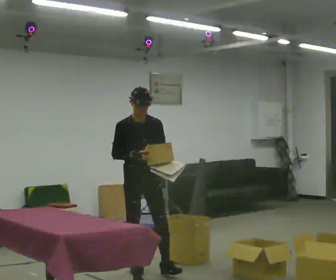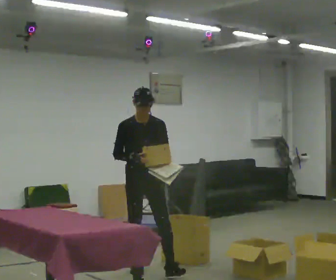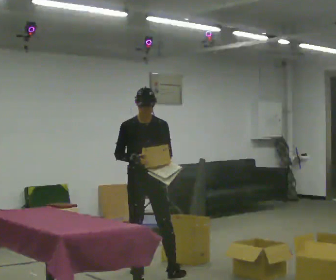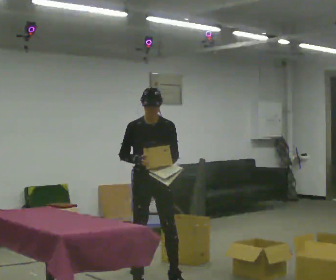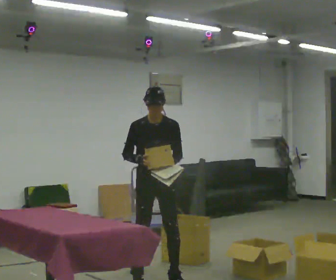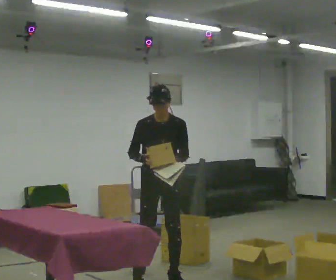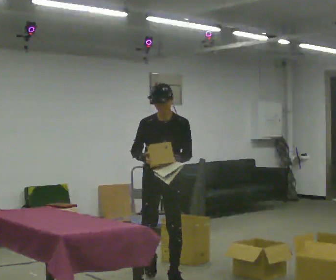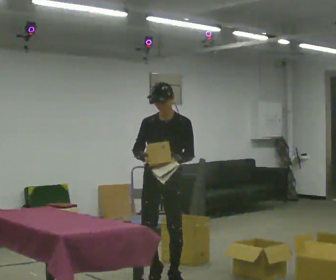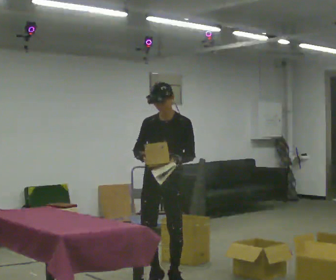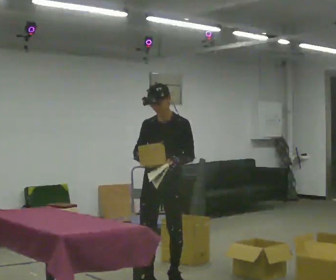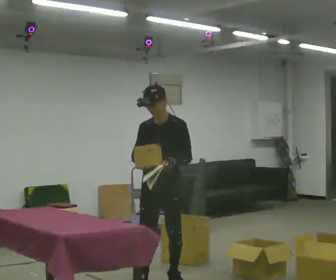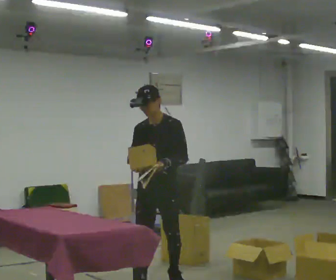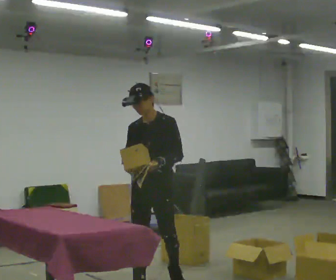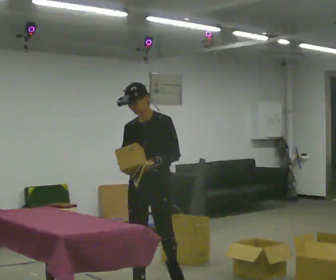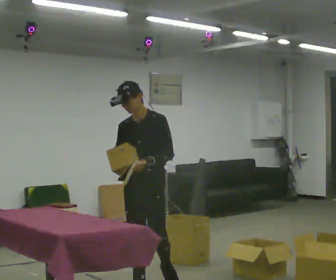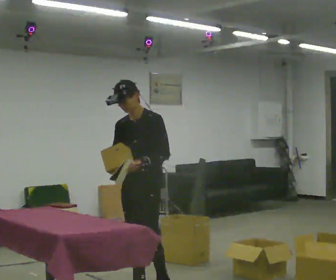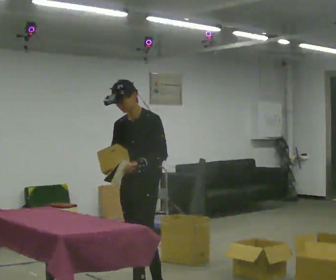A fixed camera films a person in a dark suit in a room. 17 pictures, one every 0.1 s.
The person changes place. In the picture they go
toward the camera.
0.0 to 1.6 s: The part of the body nearest the lens slides to the left as the person turns to their right by about 45 degrees. In the picture they go toward the camera, about 1 m in 2 steps, which for them is forward.
The film runs forward here.
